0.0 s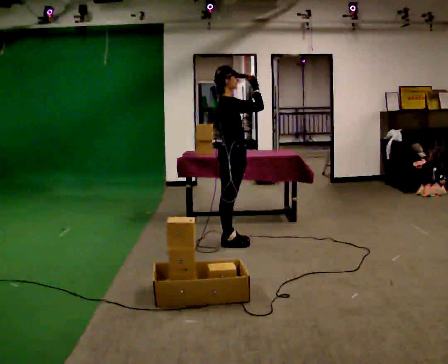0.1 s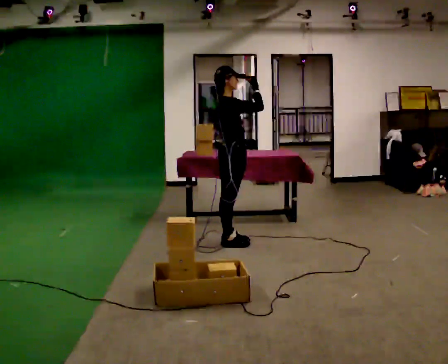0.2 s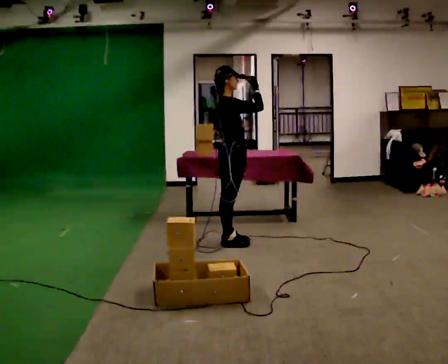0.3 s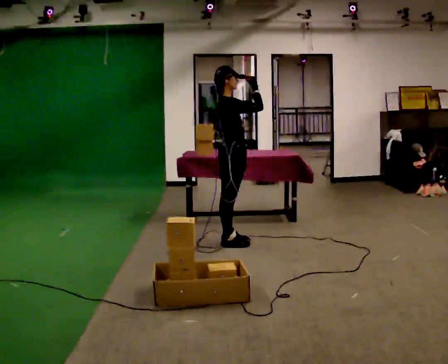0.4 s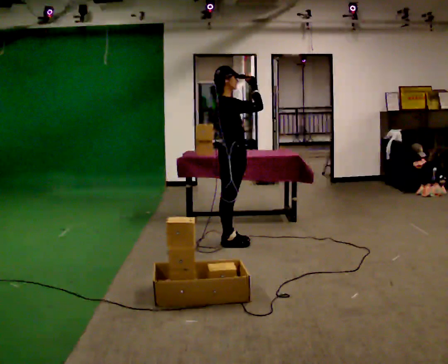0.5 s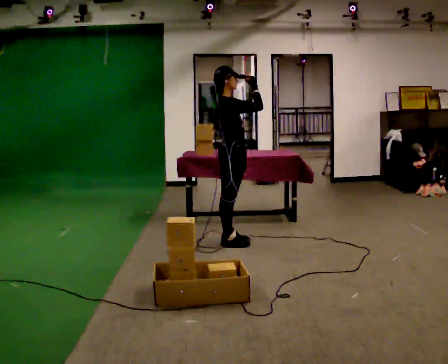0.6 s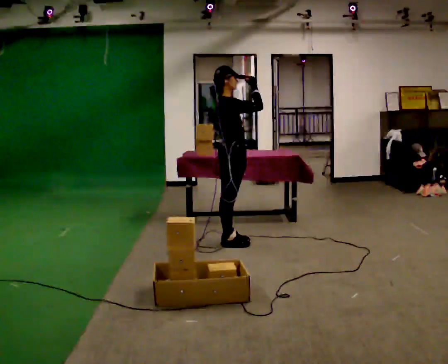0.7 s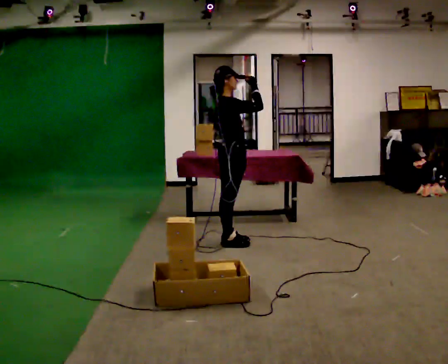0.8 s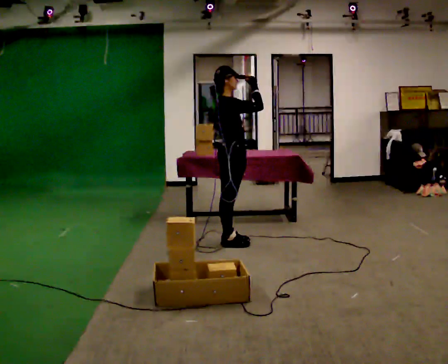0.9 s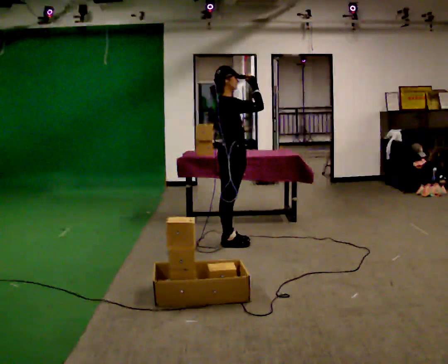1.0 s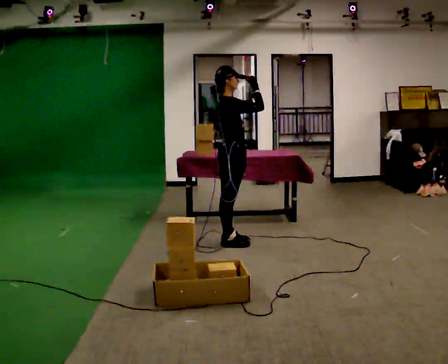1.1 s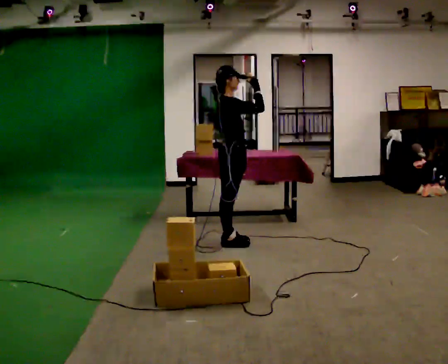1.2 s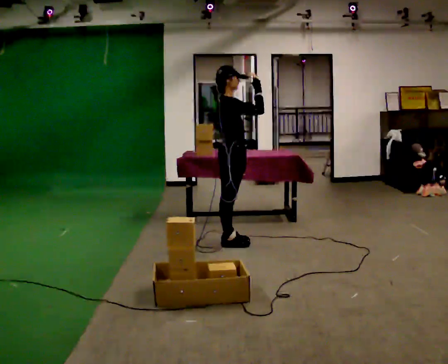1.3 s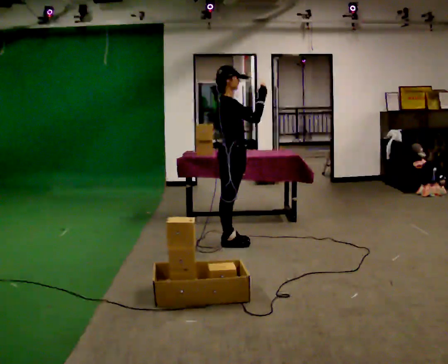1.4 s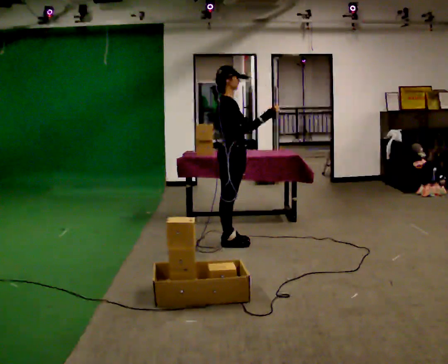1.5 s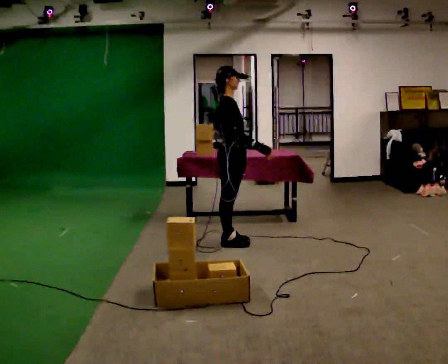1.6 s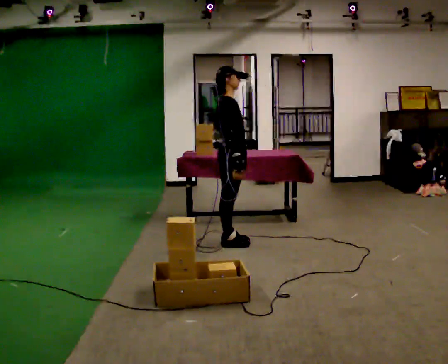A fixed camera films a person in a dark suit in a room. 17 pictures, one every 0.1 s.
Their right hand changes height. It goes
downward.
0.0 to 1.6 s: In the picture their right hand goes downward.
The film runs forward here.
